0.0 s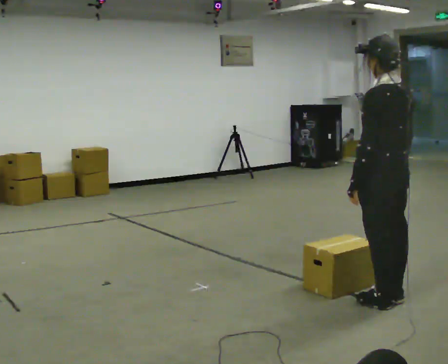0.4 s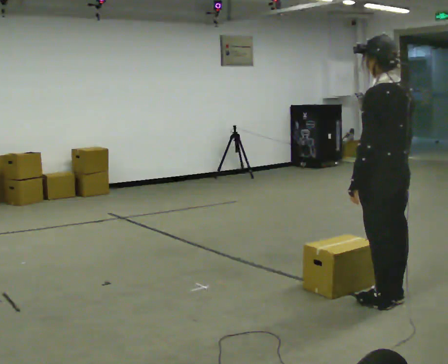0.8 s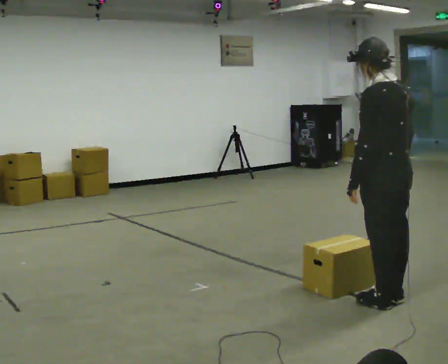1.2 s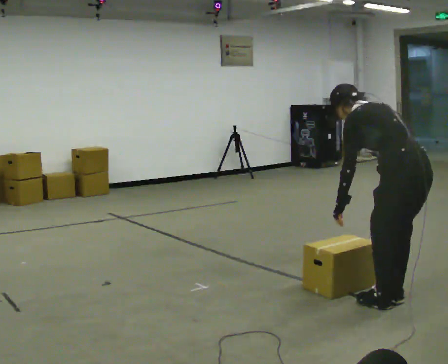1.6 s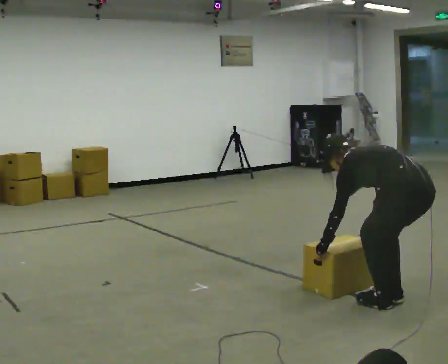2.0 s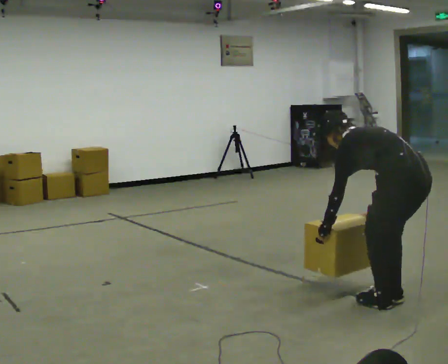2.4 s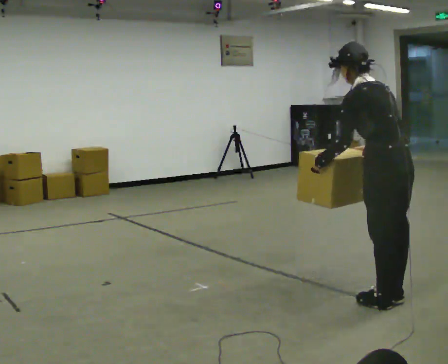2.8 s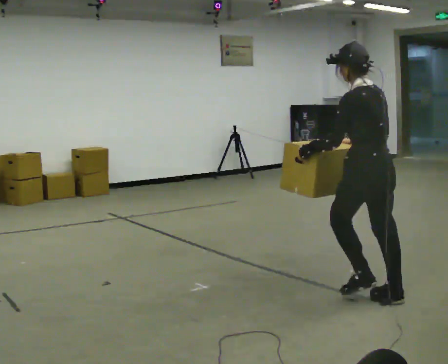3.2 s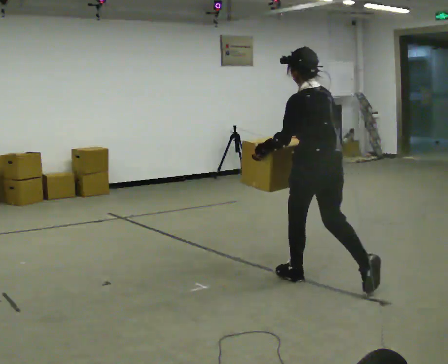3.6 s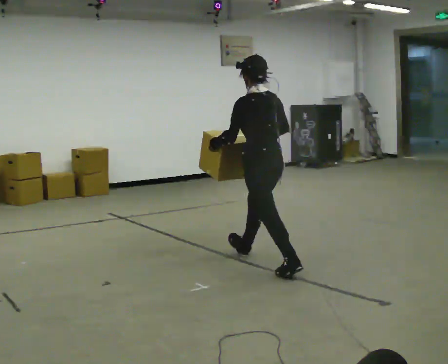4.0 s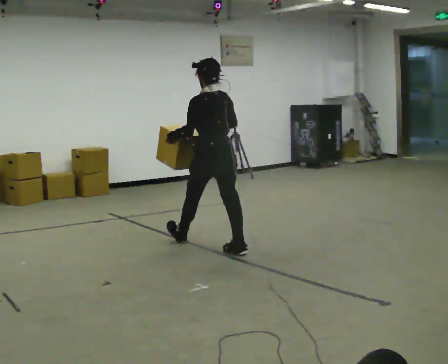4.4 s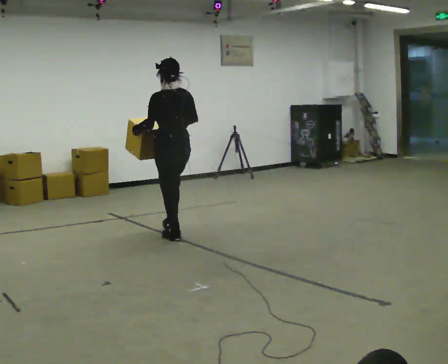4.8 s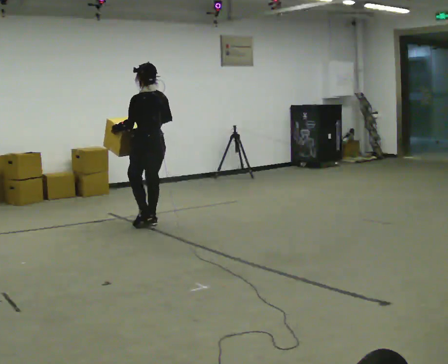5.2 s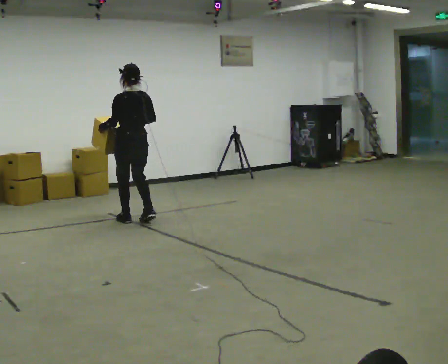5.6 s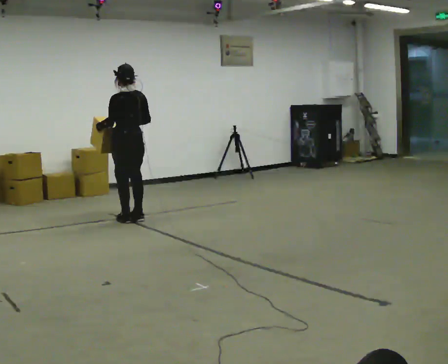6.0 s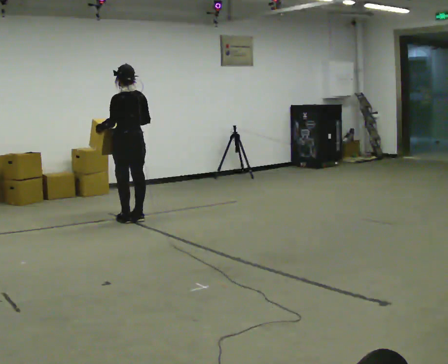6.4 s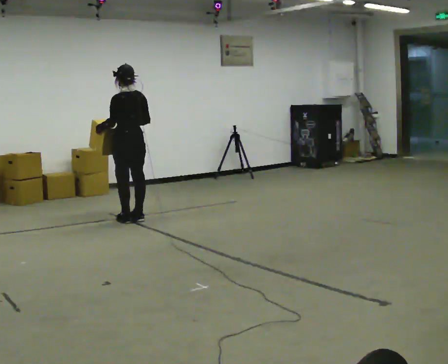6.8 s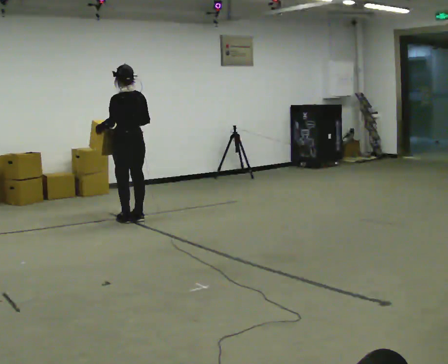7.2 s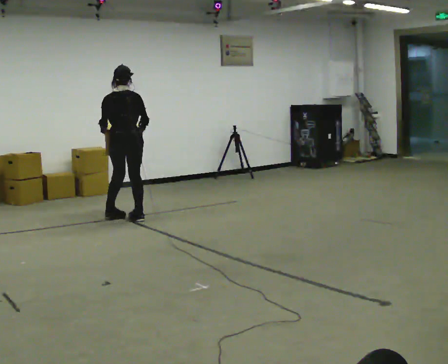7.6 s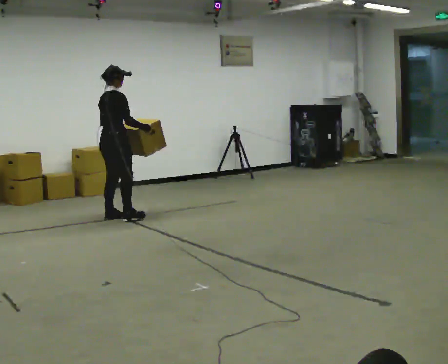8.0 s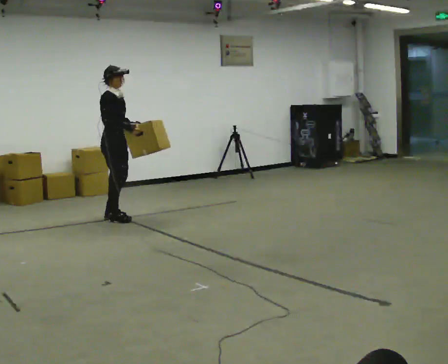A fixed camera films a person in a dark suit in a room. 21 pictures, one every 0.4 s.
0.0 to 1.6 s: The shoulders move downward. The upper body tips away from the camera, its near side rolling upward, as they bend forward. In the picture their left hand goes downward.
1.6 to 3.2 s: In the picture they go away from the camera and to the left, about 1 m in 1 step, which for them is forward. The shoulders move upward. The upper body tips toward the camera, its near side rolling downward, as they lean back or straighten. In the picture their right hand goes upward.
3.2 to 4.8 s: In the picture they go away from the camera and to the left, about 2.5 m in 3 steps, which for them is forward.
4.8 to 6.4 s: In the picture they go away from the camera and to the left, about 0.5 m in 2 steps, which for them is forward.
6.4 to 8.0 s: The person turns about 150 degrees to their right, clockwise seen from above, so the part of the body nearest the lens slides to the left. In the picture they go to the left, about 0.25 m in 2 steps.
The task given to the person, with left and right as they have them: Carry the box across the room as briskly as you comfortably can, back and forth. Do not run.
The film runs forward here.
